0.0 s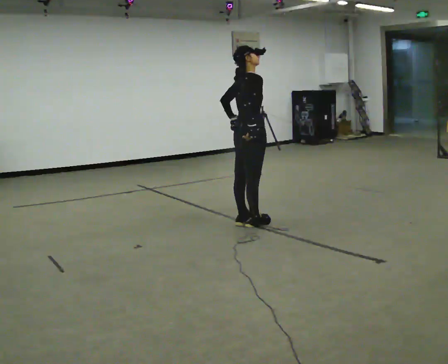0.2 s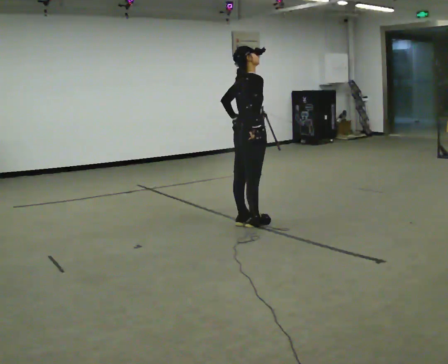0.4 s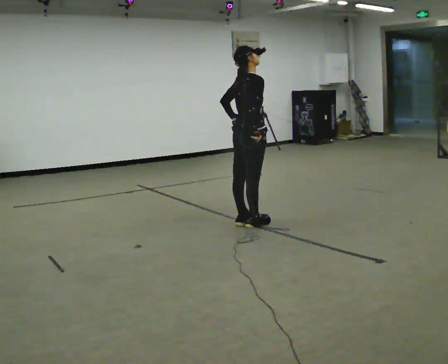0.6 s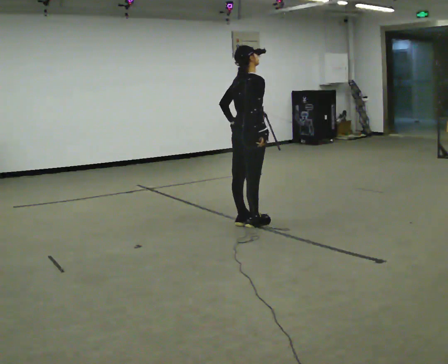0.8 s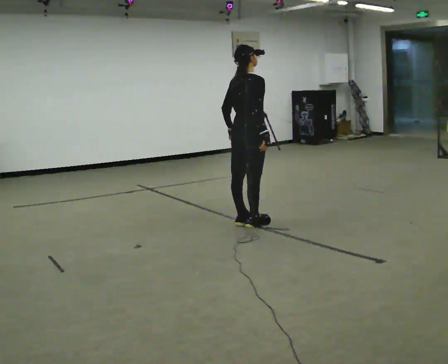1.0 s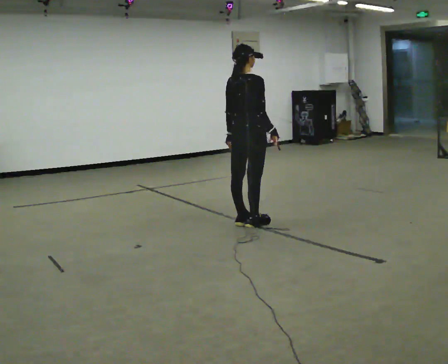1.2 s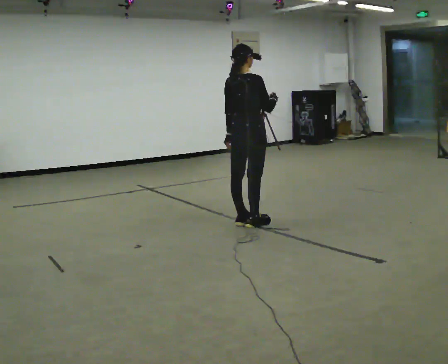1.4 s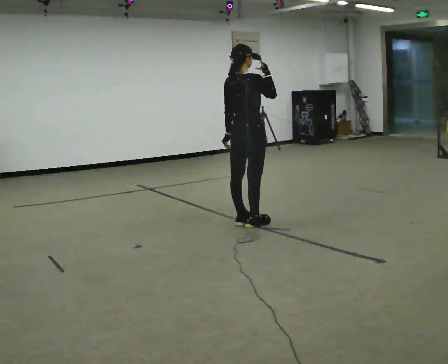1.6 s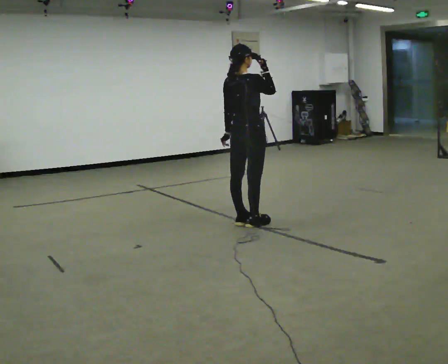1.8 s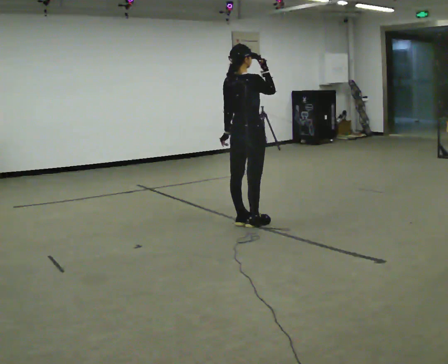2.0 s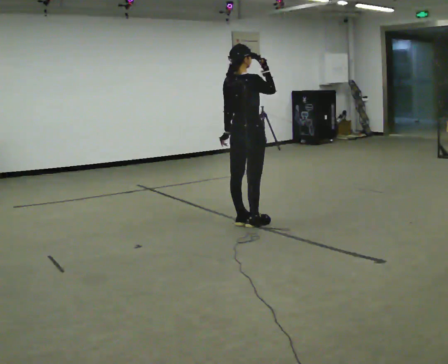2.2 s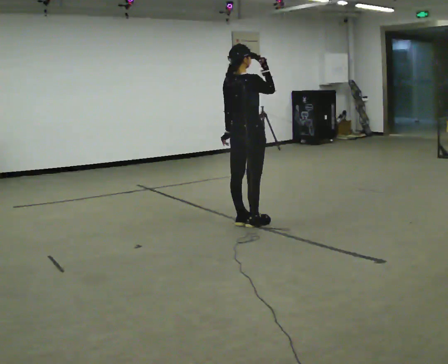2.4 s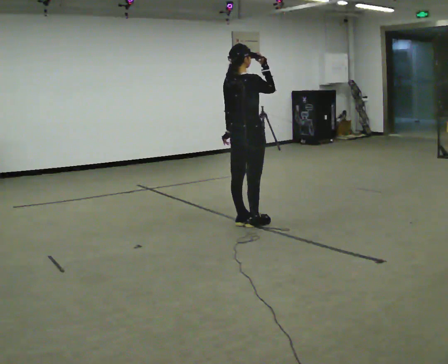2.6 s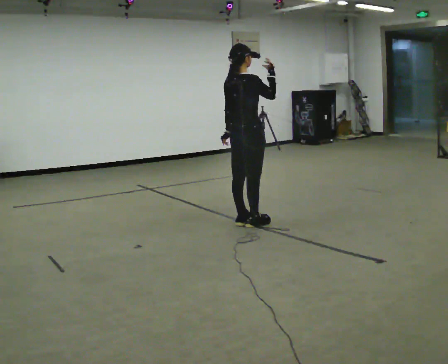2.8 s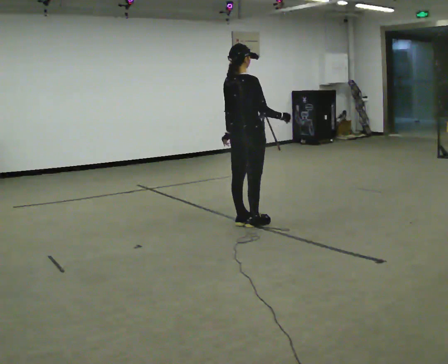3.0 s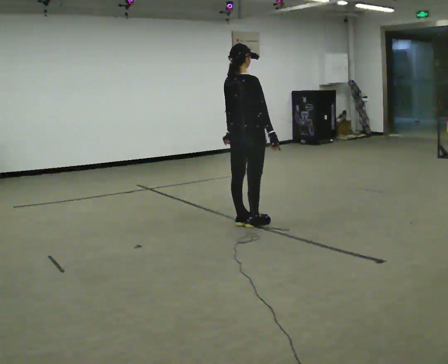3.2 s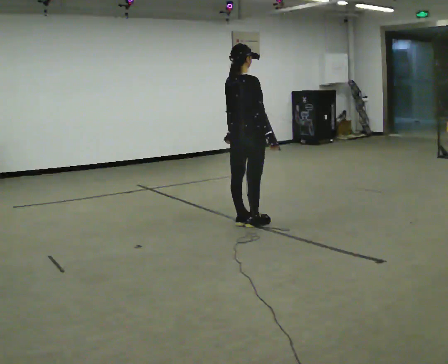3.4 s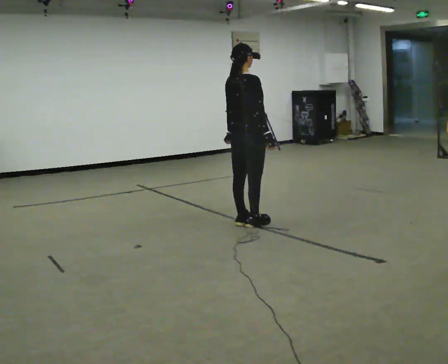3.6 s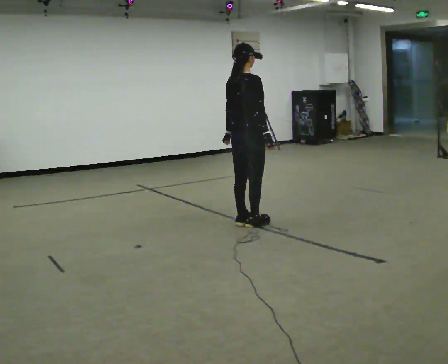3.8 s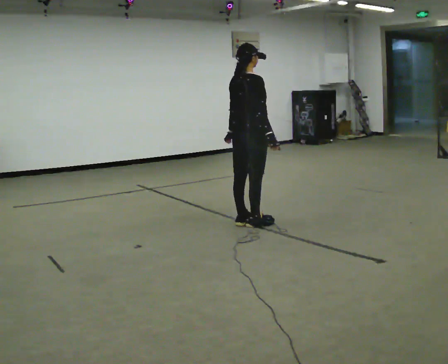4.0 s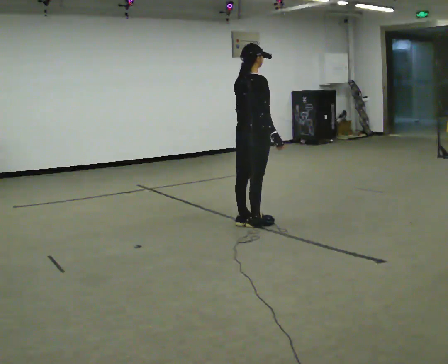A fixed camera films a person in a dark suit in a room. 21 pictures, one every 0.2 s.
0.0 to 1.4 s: The part of the body nearest the lens slides to the right as the person turns to their left by about 30 degrees. In the picture their right hand goes upward.
1.4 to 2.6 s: The person moves a little, or ends about where they began.
2.6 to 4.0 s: In the picture their right hand goes downward.
The film runs backward here.
